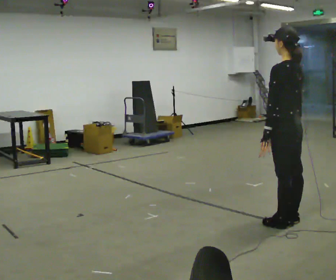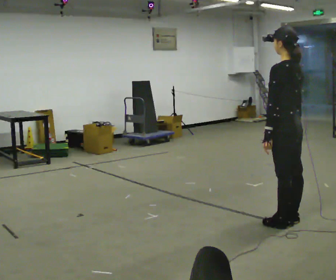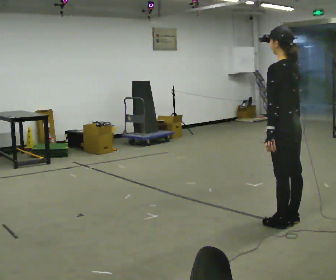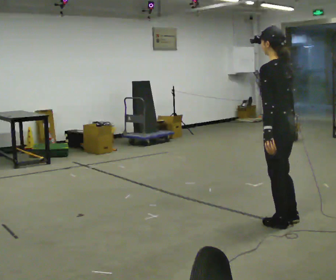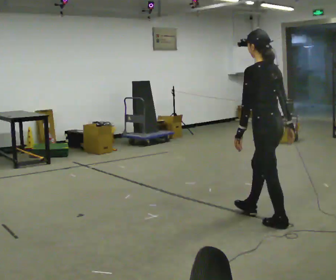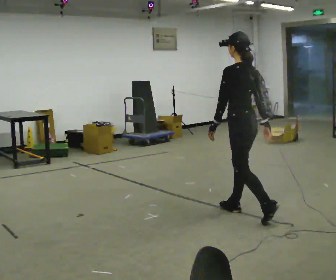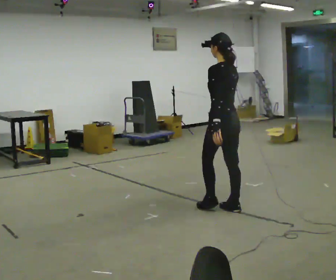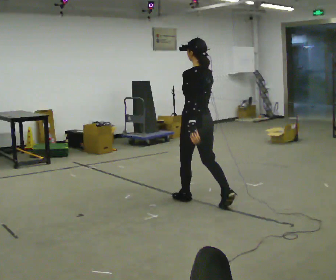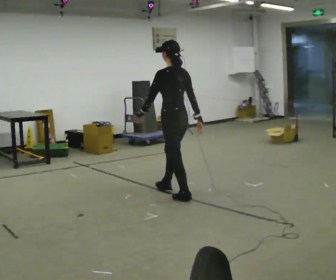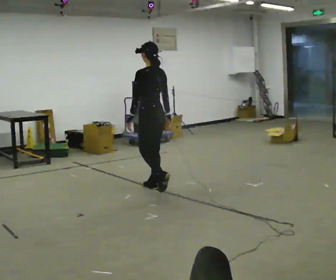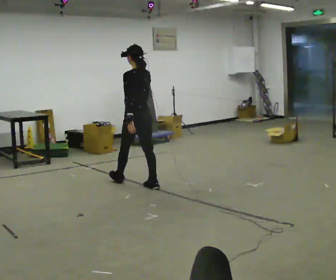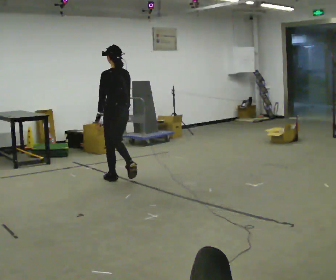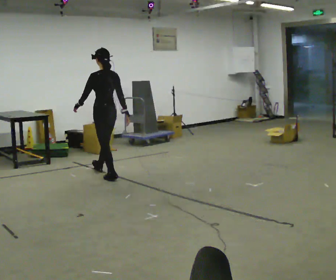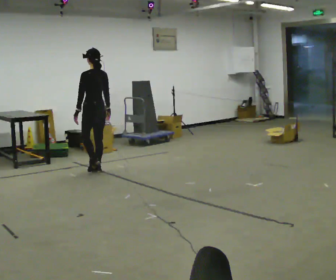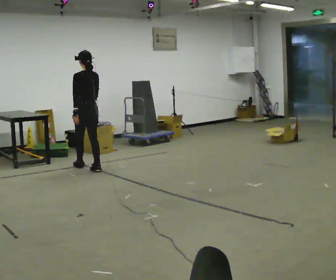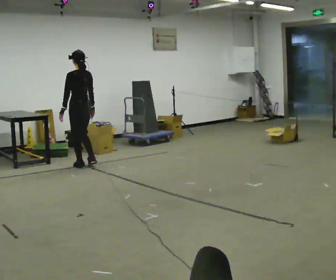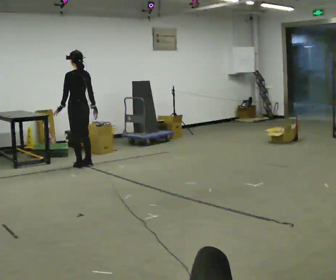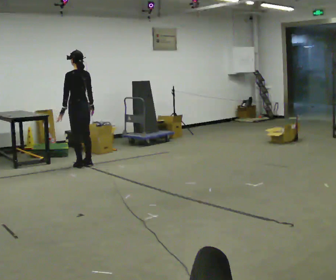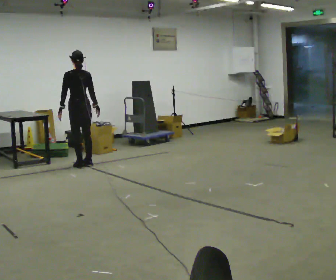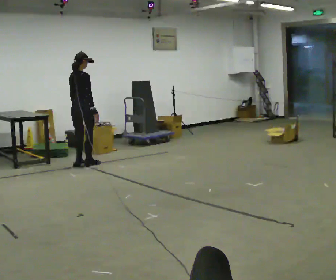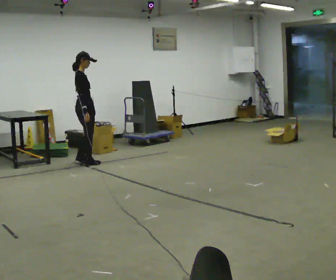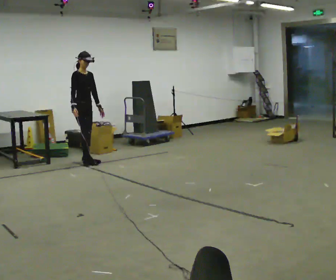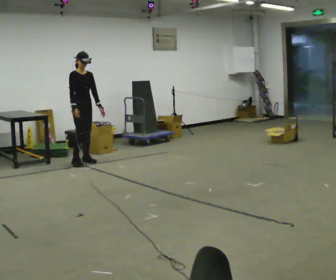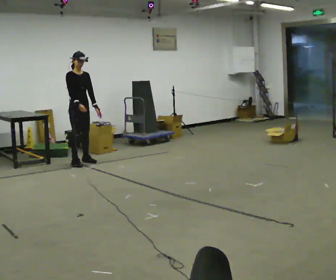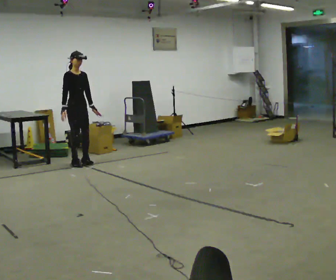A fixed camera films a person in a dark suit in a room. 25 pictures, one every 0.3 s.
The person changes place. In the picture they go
away from the camera.
0.0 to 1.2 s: The person moves a little, or ends about where they began.
1.2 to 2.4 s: In the picture they go away from the camera and to the left, about 1 m in 2 steps, which for them is forward.
2.4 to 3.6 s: In the picture they go away from the camera and to the left, about 1.5 m in 2 steps, which for them is forward.
3.6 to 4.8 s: In the picture they go away from the camera and to the left, about 1 m in 3 steps, which for them is forward.
4.8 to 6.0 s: The part of the body nearest the lens slides to the left as the person turns to their right by about 120 degrees.
6.0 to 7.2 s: Seen from above the body turns clockwise, about 60 degrees: to their right, with its near side sliding to the left.
The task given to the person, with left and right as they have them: Walk quickly but do not run; remain comfortable and controlled; stop.
The film runs forward here.
